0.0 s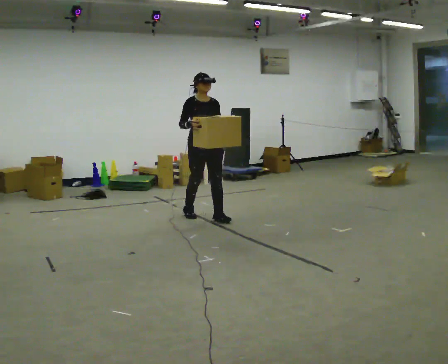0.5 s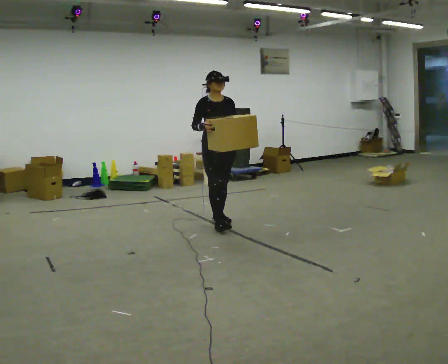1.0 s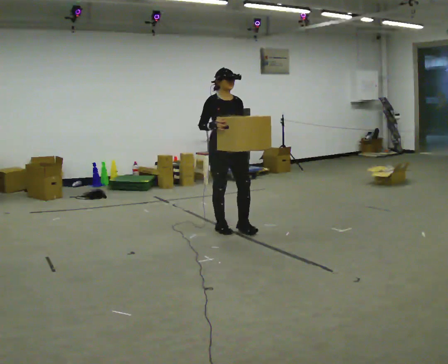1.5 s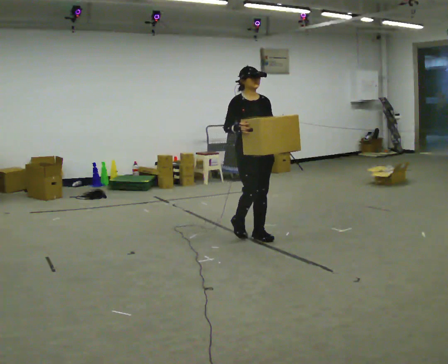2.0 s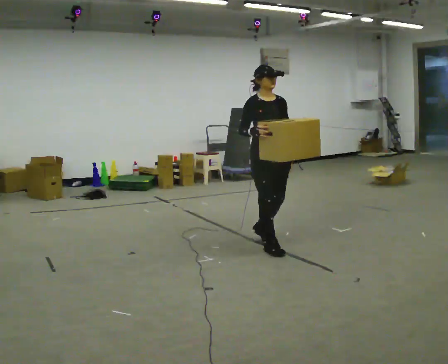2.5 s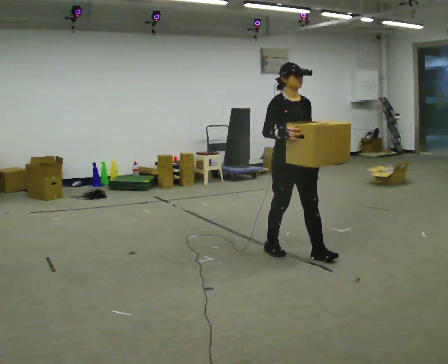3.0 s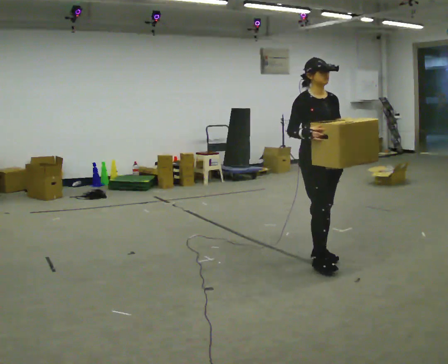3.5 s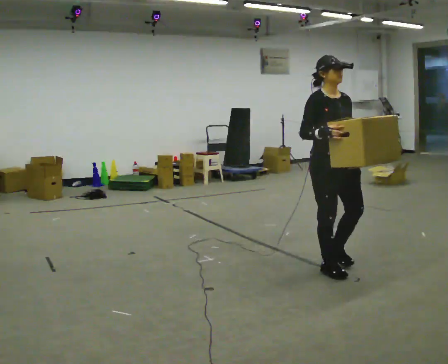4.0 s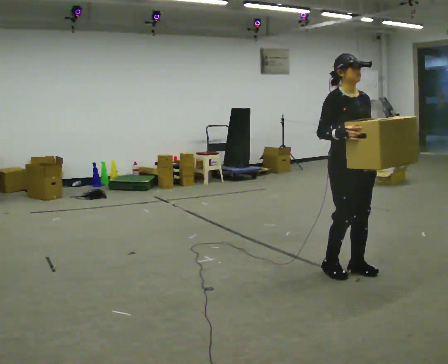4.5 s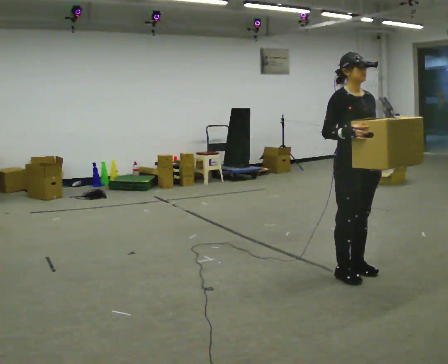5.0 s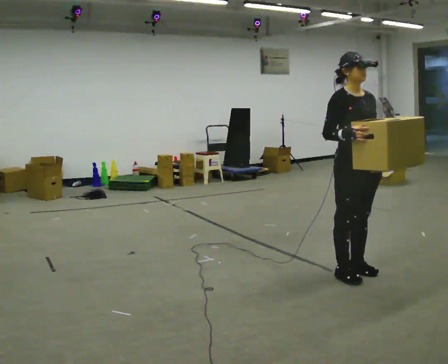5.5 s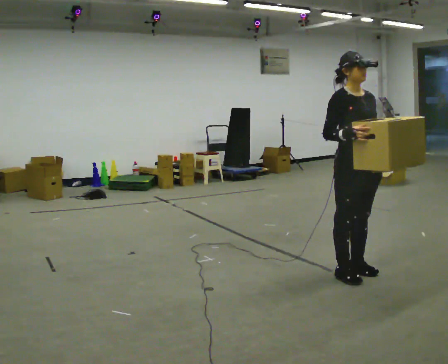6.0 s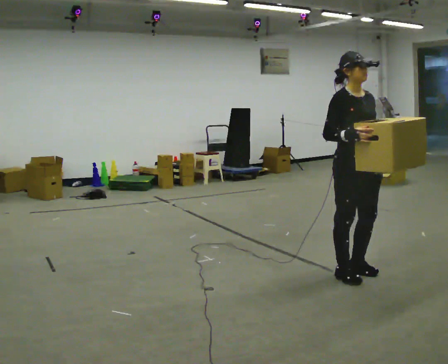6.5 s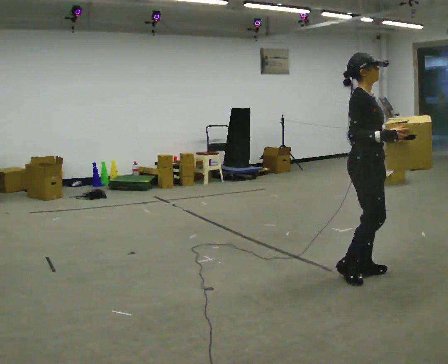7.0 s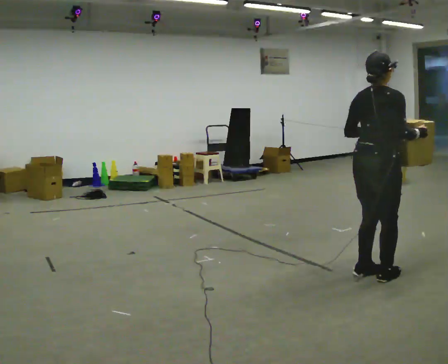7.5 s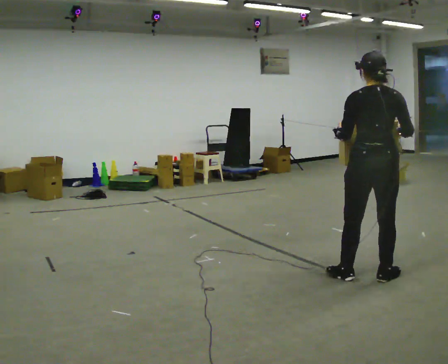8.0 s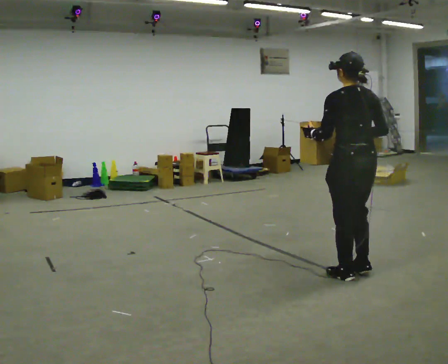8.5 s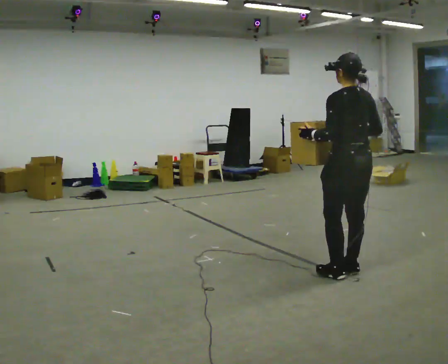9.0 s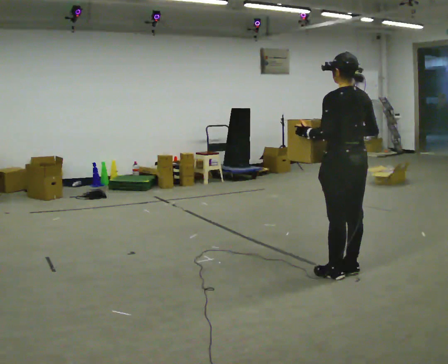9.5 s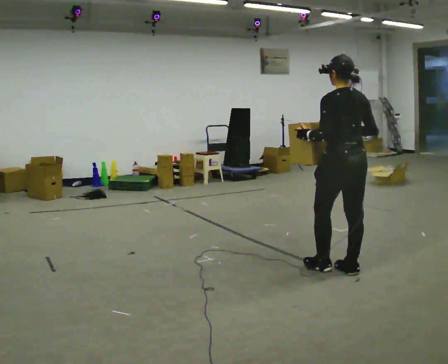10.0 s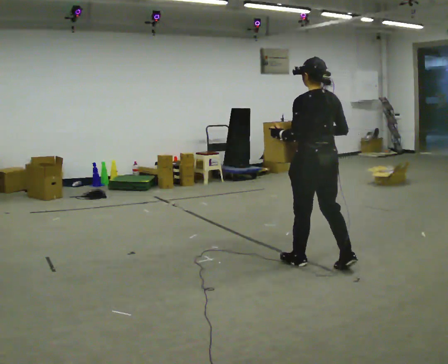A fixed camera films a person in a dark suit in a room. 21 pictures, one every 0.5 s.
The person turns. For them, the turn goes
to their left.
The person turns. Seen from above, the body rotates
counterclockwise.
0.0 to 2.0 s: In the picture they go toward the camera and to the right, about 1 m in 3 steps, which for them is forward.
2.0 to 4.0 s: In the picture they go to the right and toward the camera, about 1 m in 3 steps, which for them is forward.
4.0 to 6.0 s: The person moves a little, or ends about where they began.
6.0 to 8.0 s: The part of the body nearest the lens slides to the right as the person turns to their left by about 165 degrees. In the picture their left hand goes to the left.
8.0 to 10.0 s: In the picture they go to the left and away from the camera, about 0.5 m in 2 steps, which for them is forward.
The film runs forward here.
